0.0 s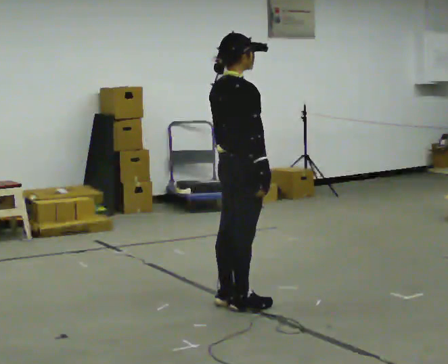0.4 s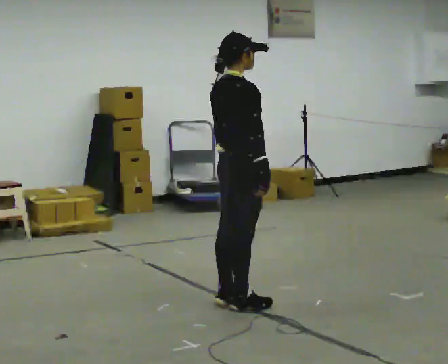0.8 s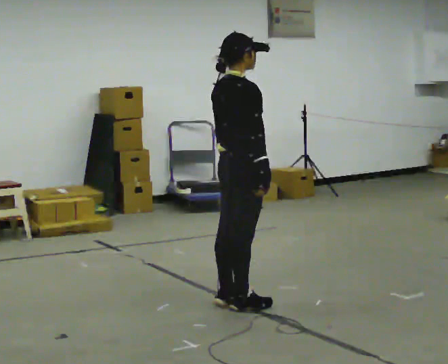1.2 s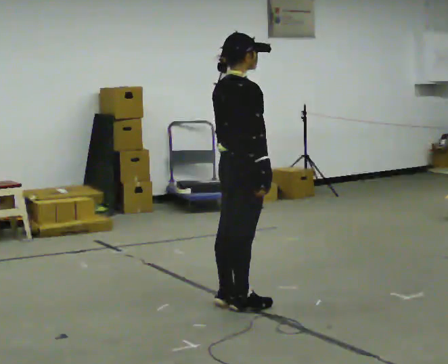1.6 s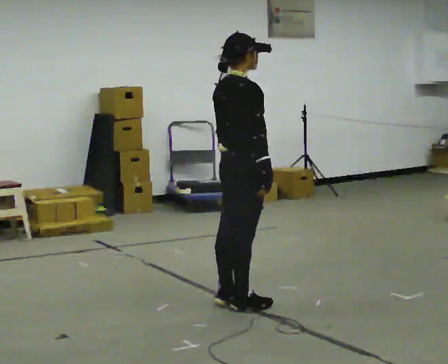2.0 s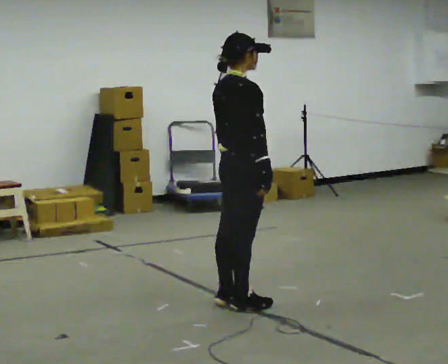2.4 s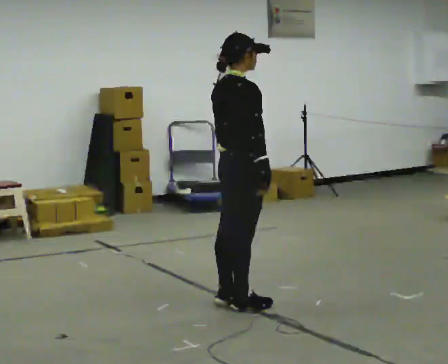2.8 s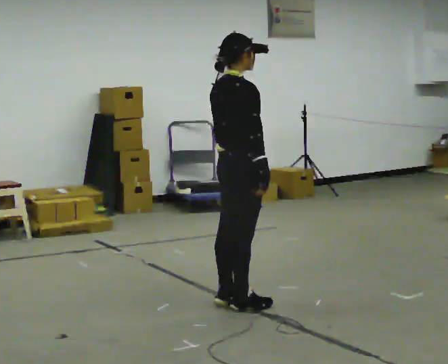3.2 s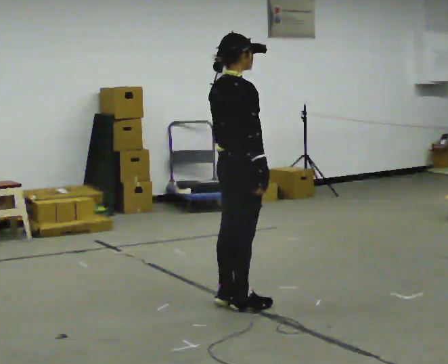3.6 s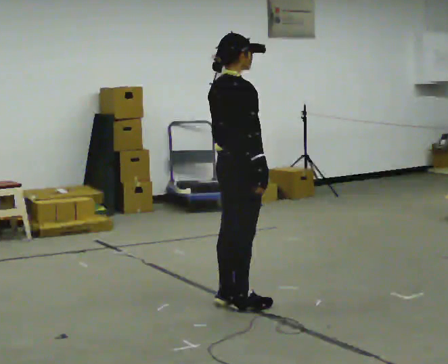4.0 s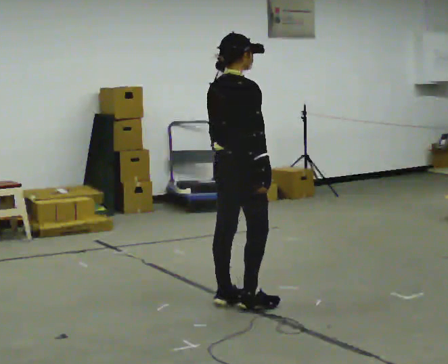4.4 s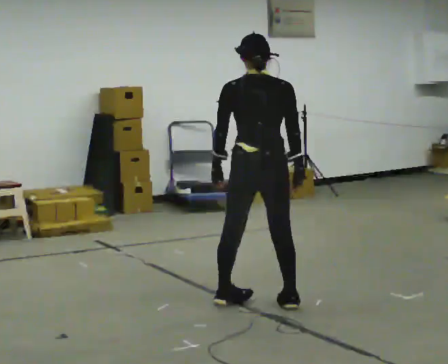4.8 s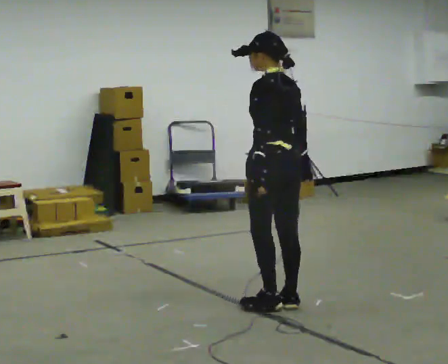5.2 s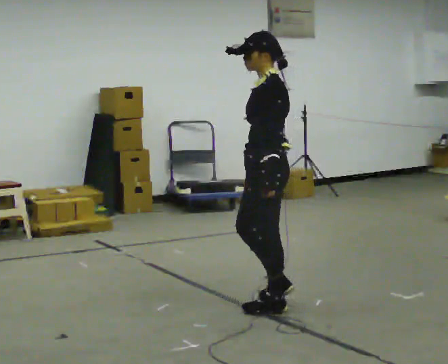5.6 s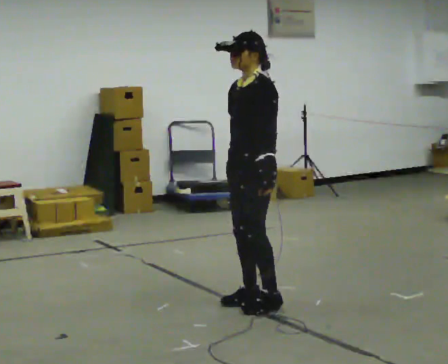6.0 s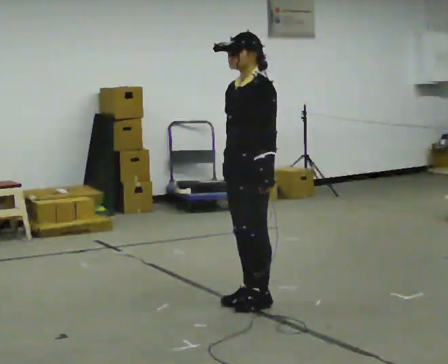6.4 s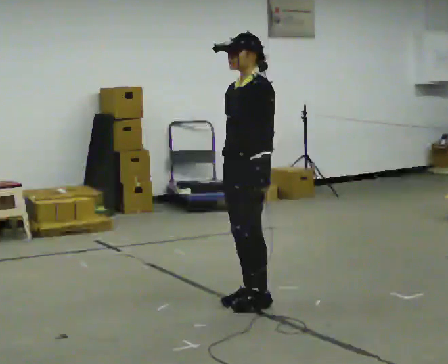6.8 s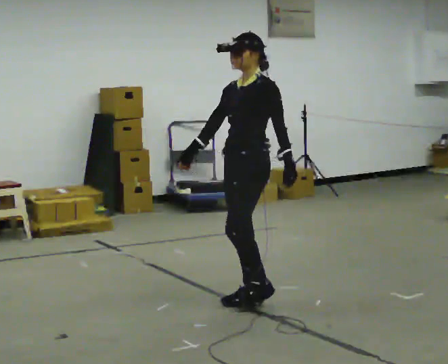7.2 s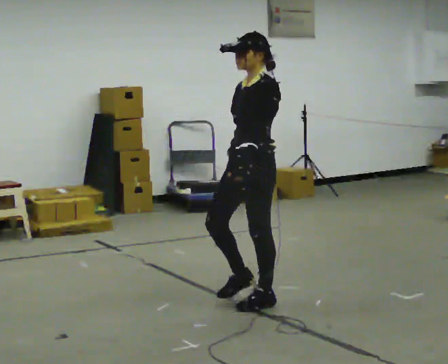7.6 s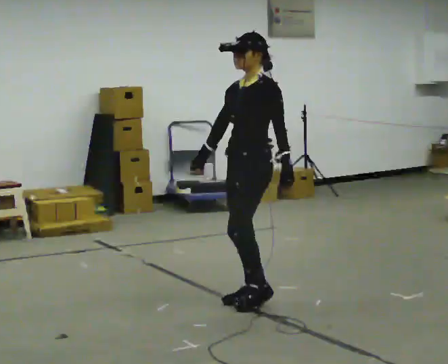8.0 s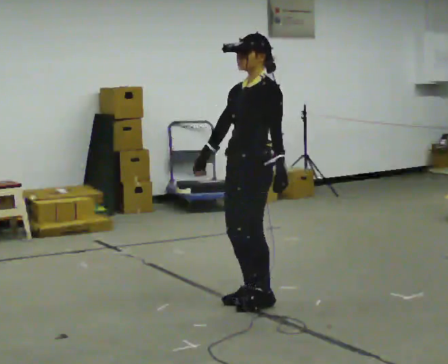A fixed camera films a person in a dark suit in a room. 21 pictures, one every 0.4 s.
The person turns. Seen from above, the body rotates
counterclockwise.
The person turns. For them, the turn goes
to their left.
0.0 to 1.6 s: The person keeps their place and pose.
1.6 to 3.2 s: The person moves a little, or ends about where they began.
3.2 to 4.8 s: Seen from above the body turns counterclockwise, about 120 degrees: to their left, with its near side sliding to the right. In the picture they go to the right, about 0.25 m in 1 step.
4.8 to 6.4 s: The part of the body nearest the lens slides to the right as the person turns to their left by about 60 degrees. In the picture they go to the left, about 0.25 m in 2 steps. In the picture their right hand goes to the left.
6.4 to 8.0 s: The person moves a little, or ends about where they began.
The film runs forward here.
